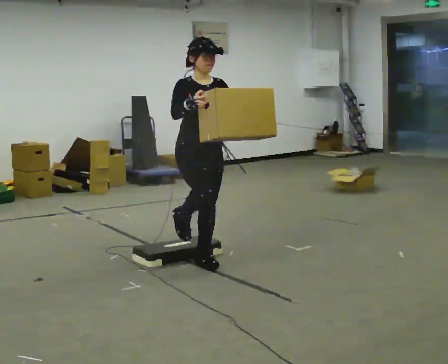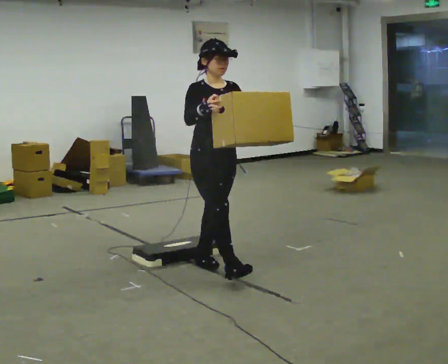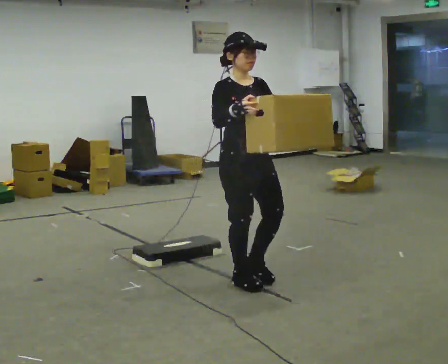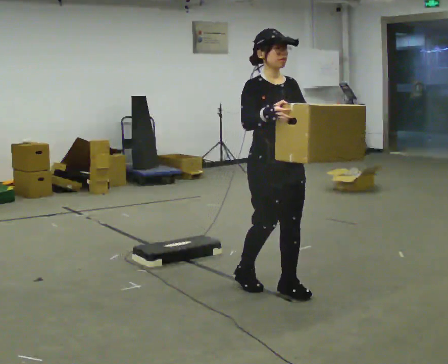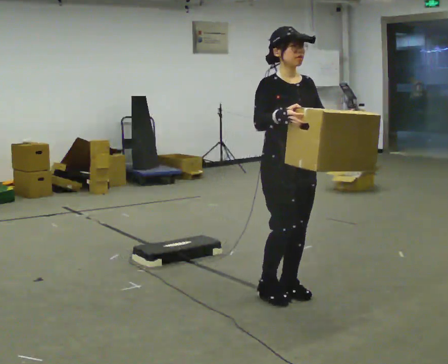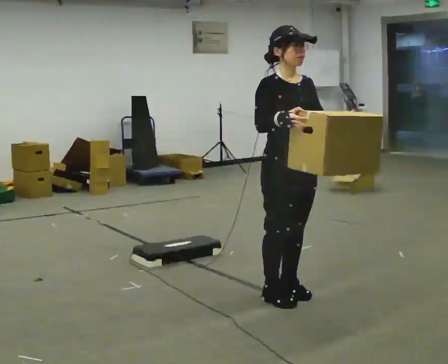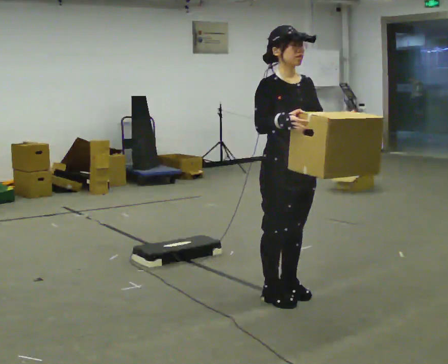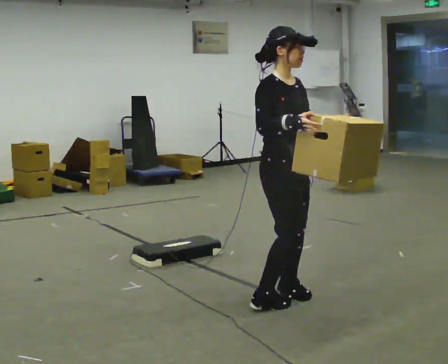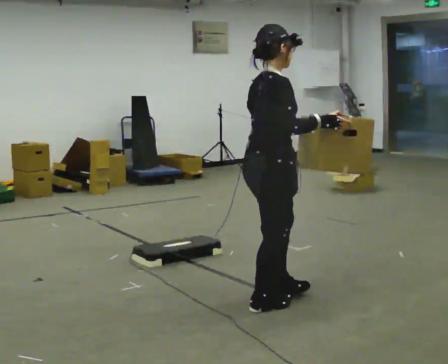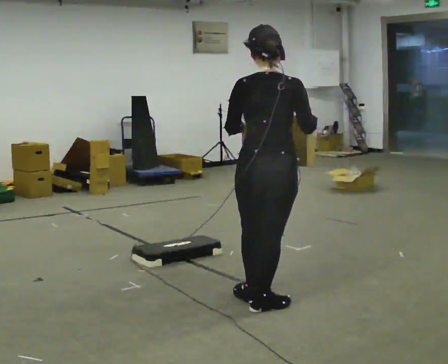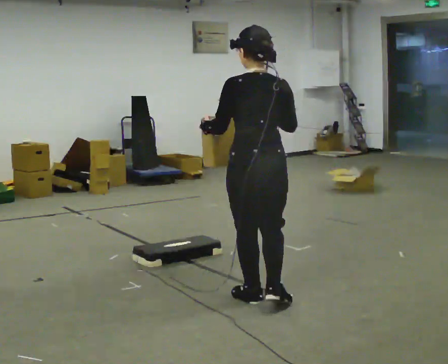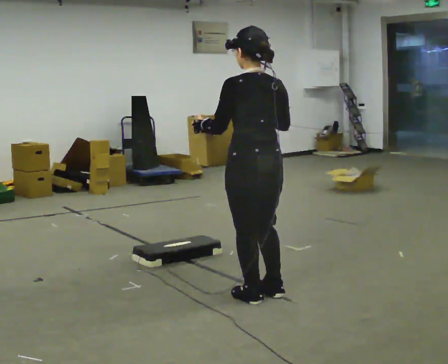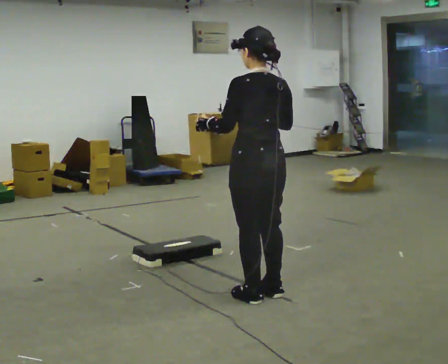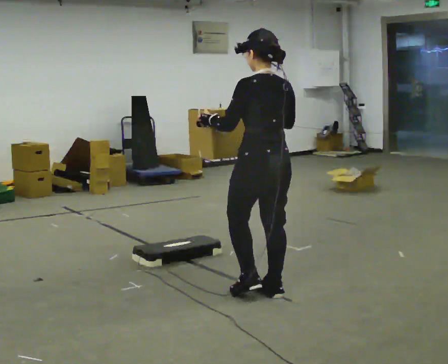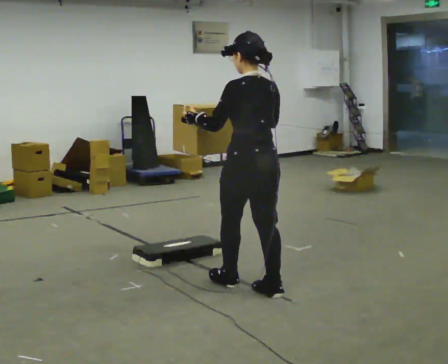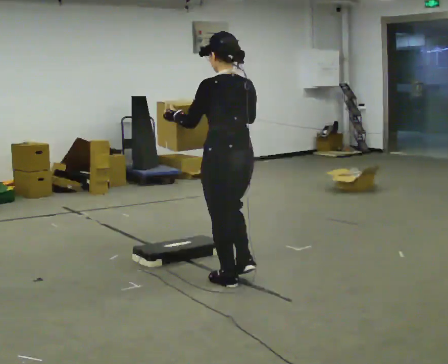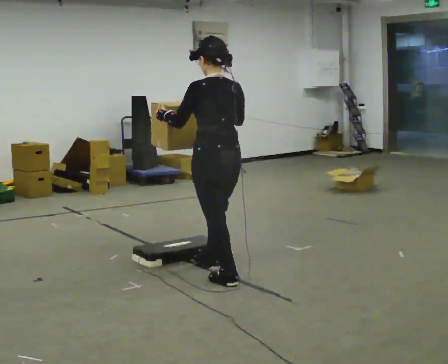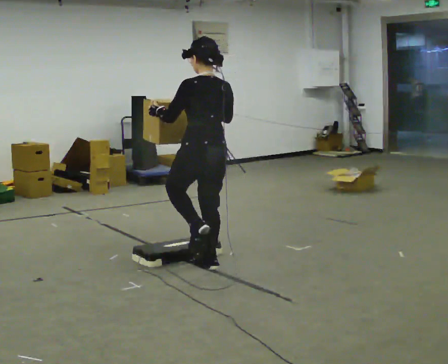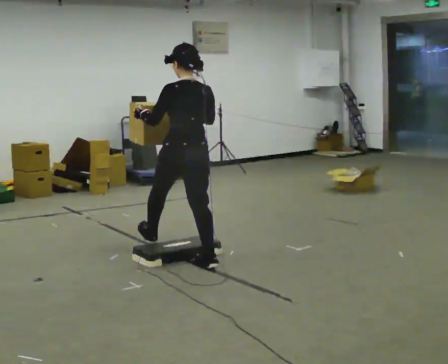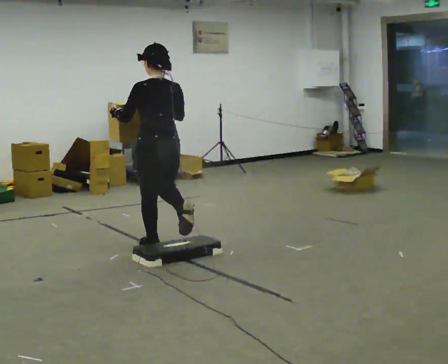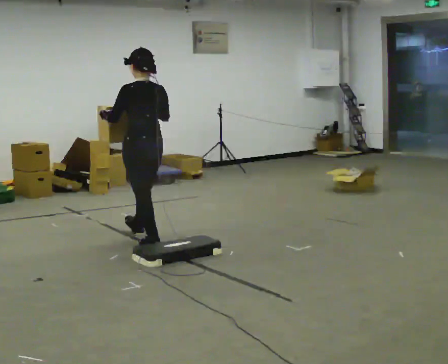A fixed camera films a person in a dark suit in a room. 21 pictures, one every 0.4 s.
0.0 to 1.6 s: In the picture they go toward the camera and to the right, about 1 m in 2 steps, which for them is forward.
1.6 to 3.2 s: The part of the body nearest the lens slides to the right as the person turns to their left by about 90 degrees. In the picture they go toward the camera, about 0.25 m in 2 steps.
3.2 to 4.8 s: The part of the body nearest the lens slides to the right as the person turns to their left by about 90 degrees. In the picture they go away from the camera, about 0.25 m in 2 steps.
4.8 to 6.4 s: In the picture they go away from the camera and to the left, about 0.5 m in 2 steps, which for them is forward.
6.4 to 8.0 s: In the picture they go away from the camera and to the left, about 1 m in 1 step, which for them is forward.
The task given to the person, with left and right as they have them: Carry the box over the low sill without stopping, then bring it back over. Keep going until the operator says stop; one object at a time, and do not rush between trips.
The film runs forward here.
